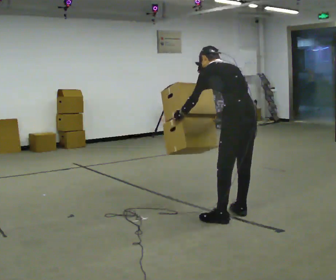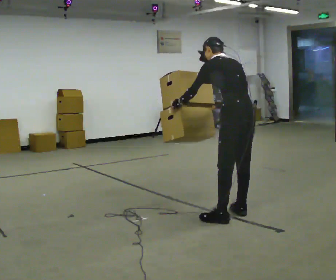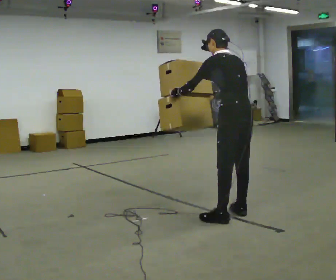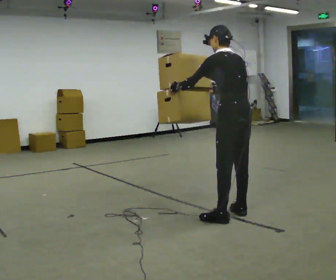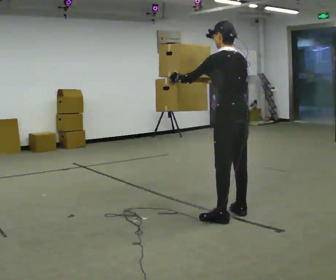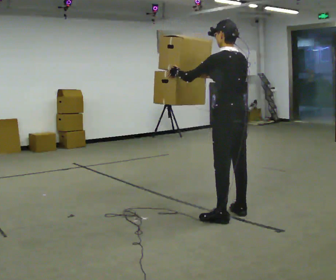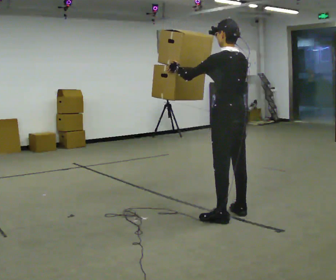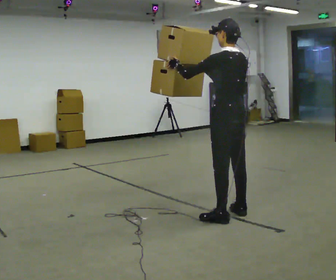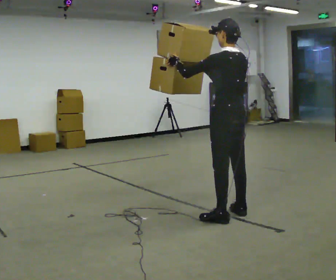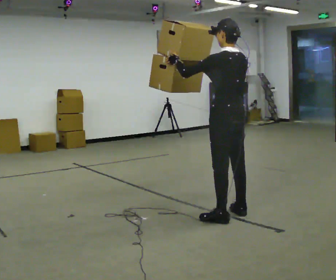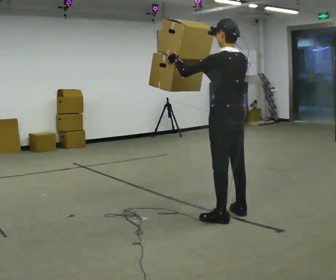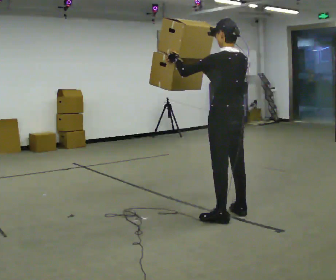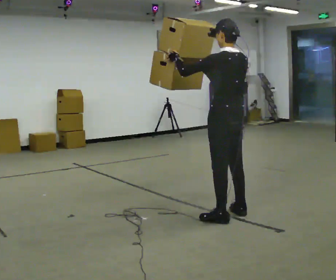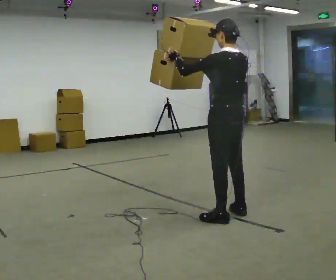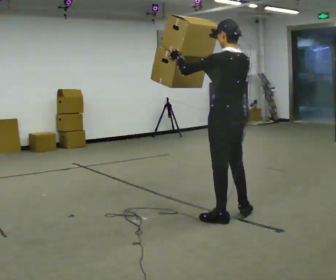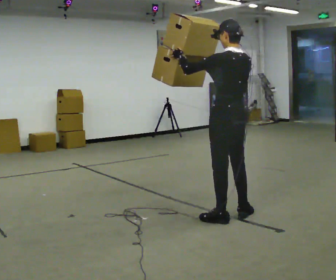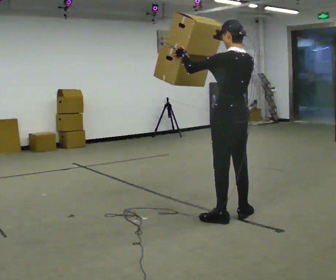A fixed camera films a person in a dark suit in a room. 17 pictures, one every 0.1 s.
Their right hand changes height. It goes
upward.
Their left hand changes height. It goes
upward.
0.0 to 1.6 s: The upper body tips toward the camera, its near side rolling downward, as they lean back or straighten. In the picture their right hand goes upward.
The film runs backward here.
